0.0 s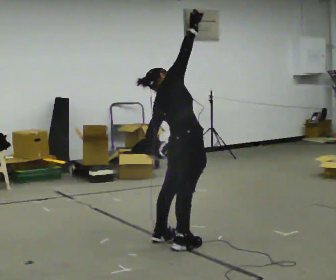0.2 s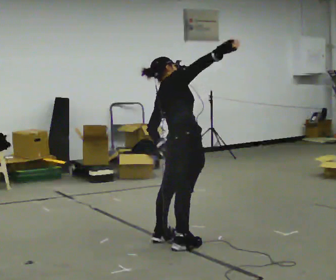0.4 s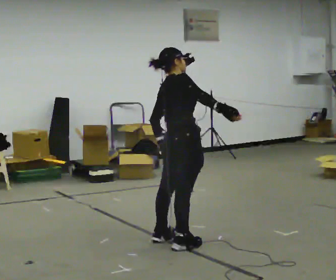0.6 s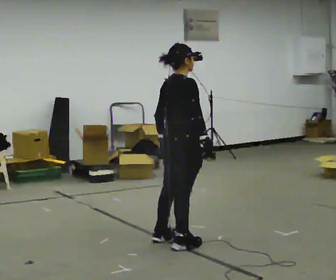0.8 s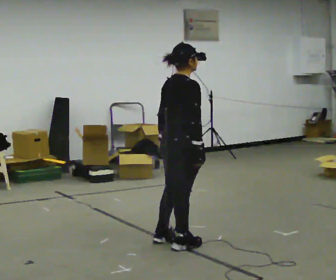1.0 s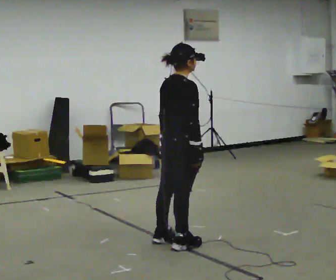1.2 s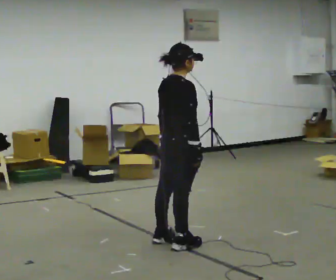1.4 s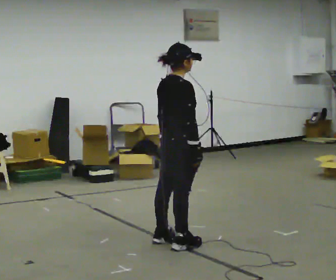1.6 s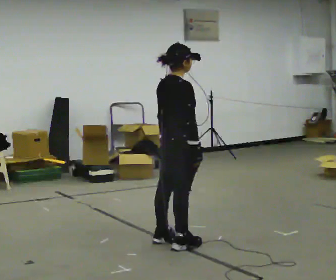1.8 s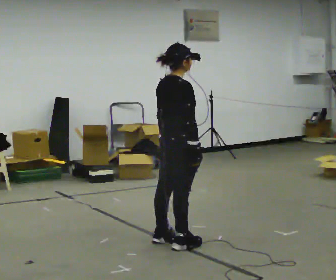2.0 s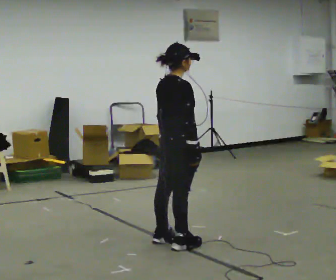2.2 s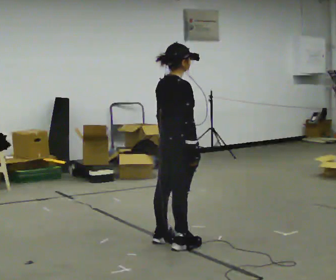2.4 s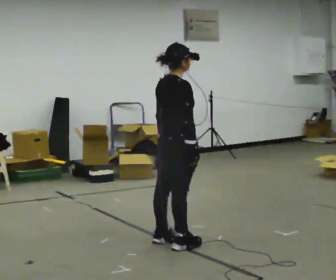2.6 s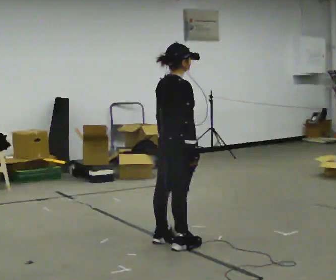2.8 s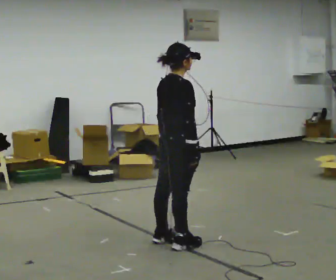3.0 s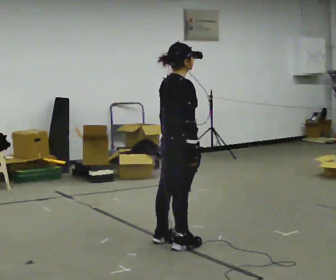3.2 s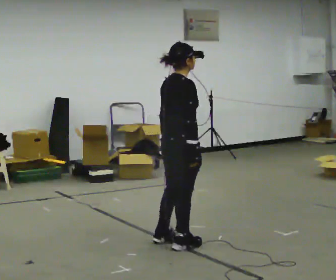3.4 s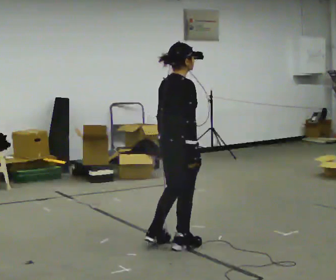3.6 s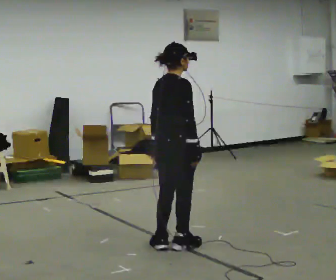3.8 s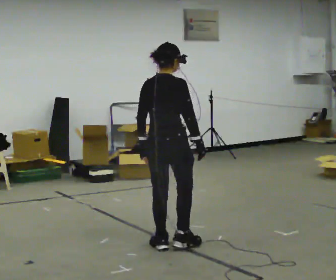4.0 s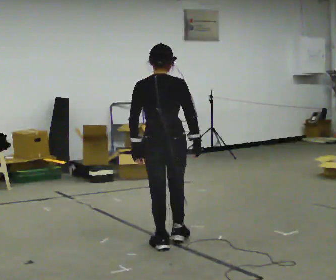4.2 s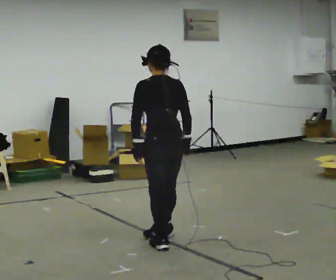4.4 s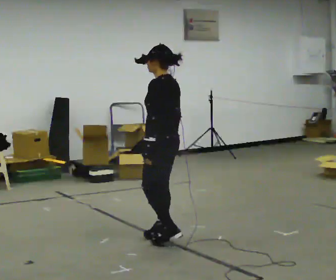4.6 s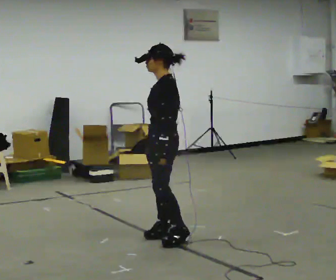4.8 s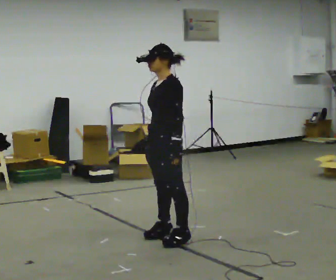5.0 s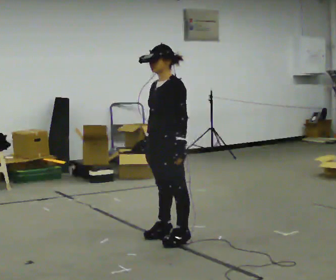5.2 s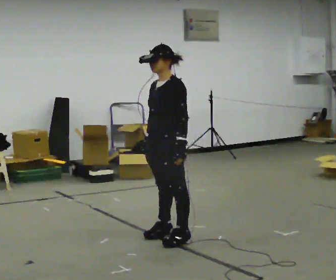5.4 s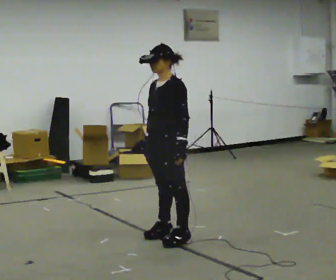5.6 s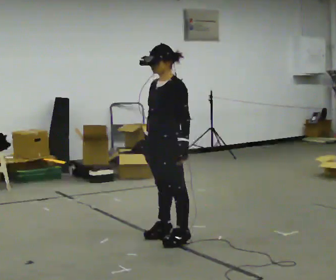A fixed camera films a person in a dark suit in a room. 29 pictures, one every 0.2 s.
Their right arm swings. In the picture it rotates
clockwise.
The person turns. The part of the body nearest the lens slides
to the right.
0.0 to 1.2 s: The upper body tips toward the camera, its near side rolling downward. In the picture their right hand goes downward, the arm swinging clockwise.
1.2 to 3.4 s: The person moves a little, or ends about where they began.
3.4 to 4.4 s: Seen from above the body turns counterclockwise, about 120 degrees: to their left, with its near side sliding to the right. In the picture they go away from the camera, about 0.25 m in 2 steps.
4.4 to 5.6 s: The person turns about 60 degrees to their left, counterclockwise seen from above, so the part of the body nearest the lens slides to the right. In the picture their left hand goes to the right.
The film runs backward here.
